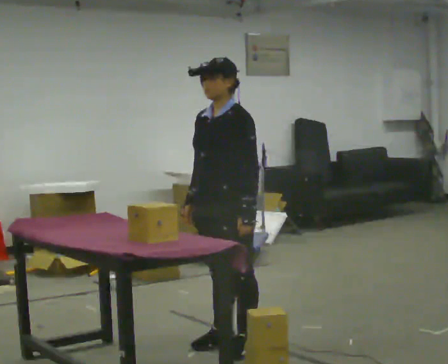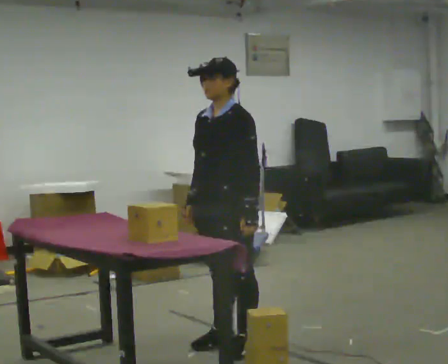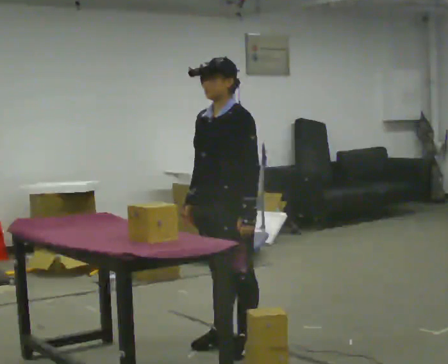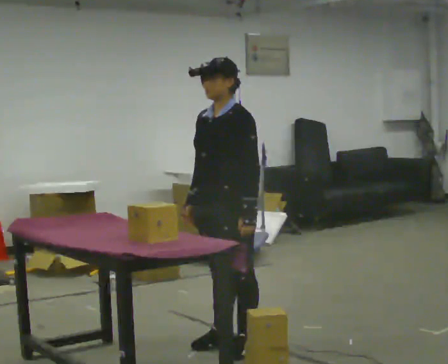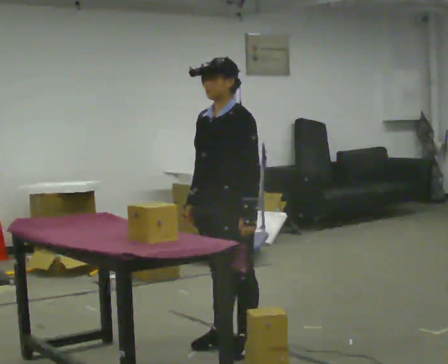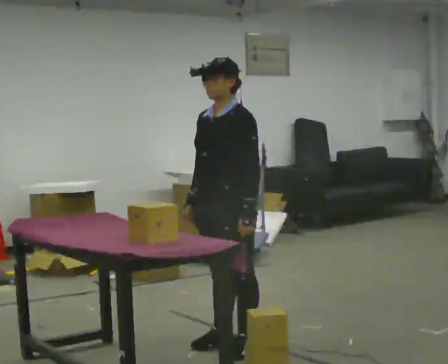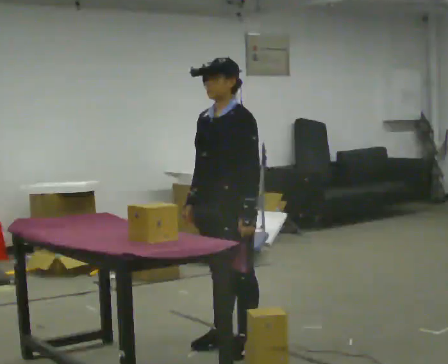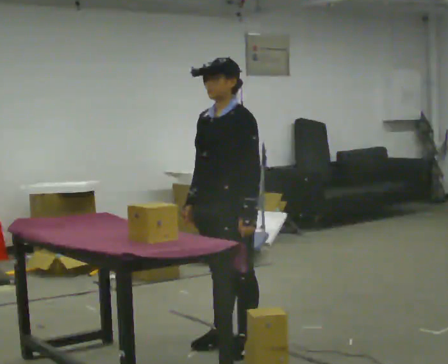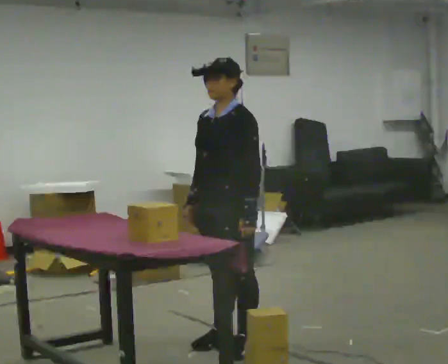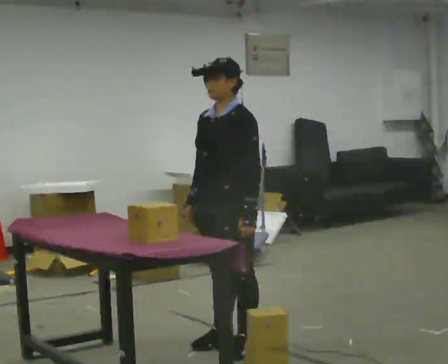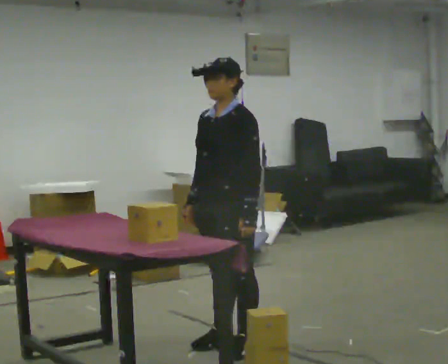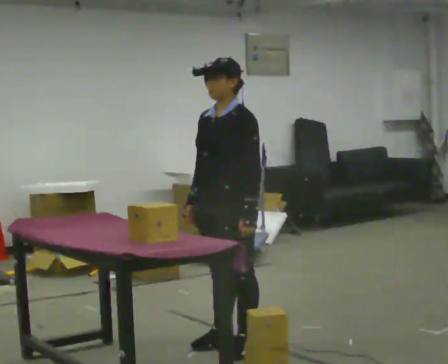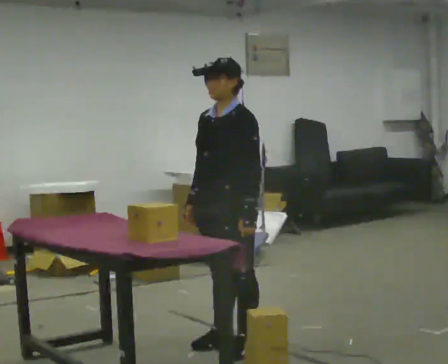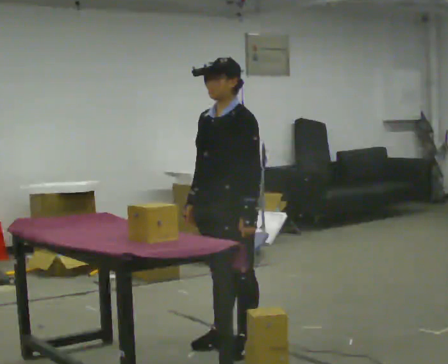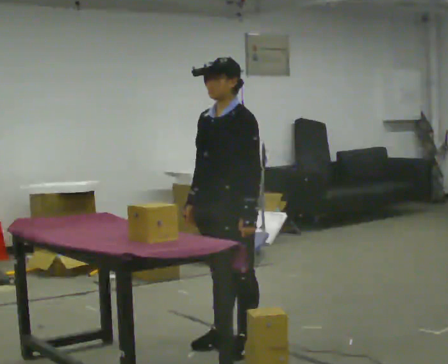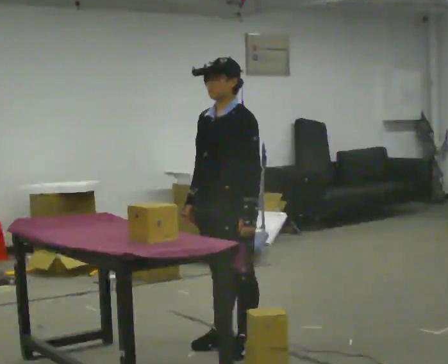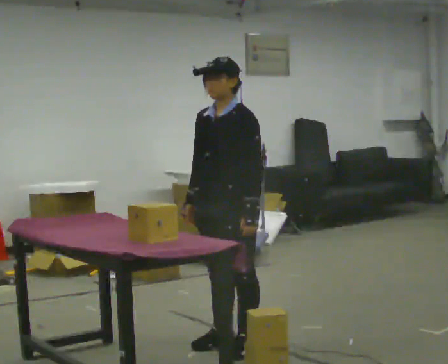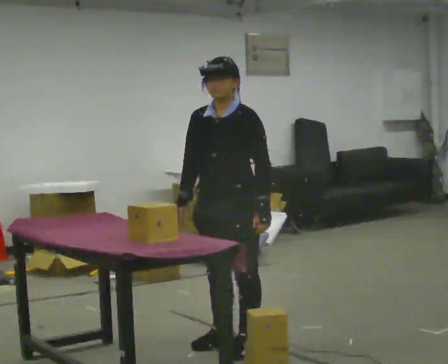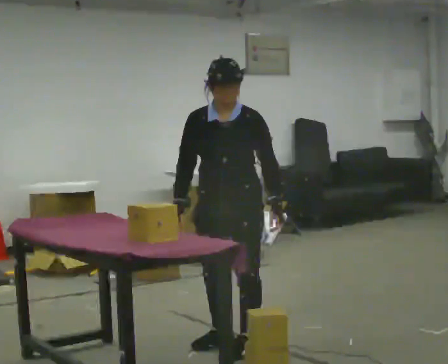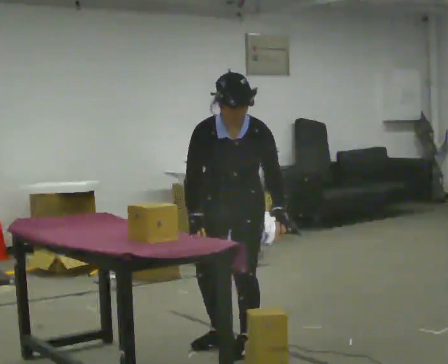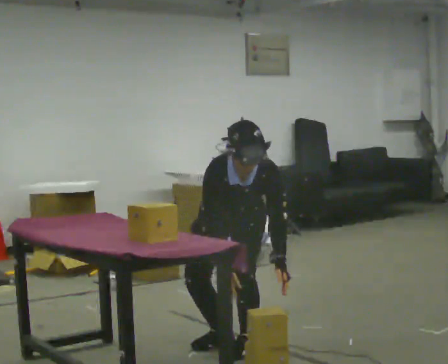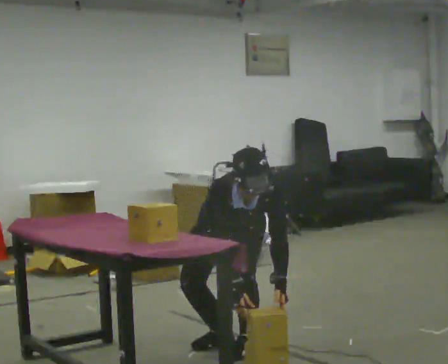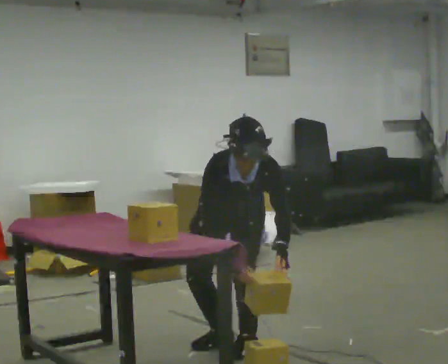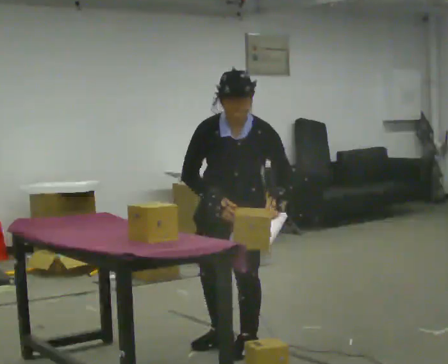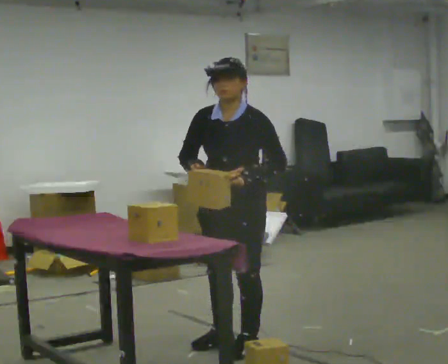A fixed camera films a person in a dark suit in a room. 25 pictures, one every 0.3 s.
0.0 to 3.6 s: The person keeps their place and pose.
3.6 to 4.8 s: The person moves a little, or ends about where they began.
4.8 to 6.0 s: The part of the body nearest the lens slides to the right as the person turns to their left by about 45 degrees. The shoulders move downward. The upper body tips toward the camera, its near side rolling downward, as they bend forward.
6.0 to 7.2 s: The part of the body nearest the lens slides to the left as the person turns to their right by about 30 degrees. The upper body tips away from the camera, its near side rolling upward, as they lean back or straighten. In the picture their left hand goes upward.
The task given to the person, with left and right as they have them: Pick an object up off the floor at your feet and place it on the waist-height shelf in front of you. Repeat at your own pace until the operator says stop. Keep both feet on the marked spots for the whole take. If you have to step, stop and tell the operator.
The film runs forward here.
